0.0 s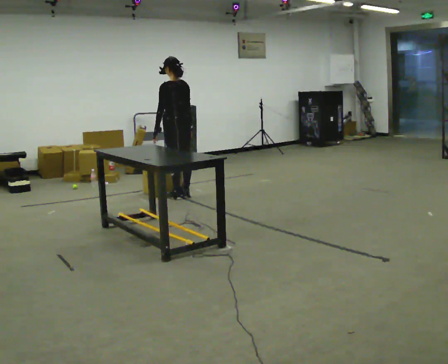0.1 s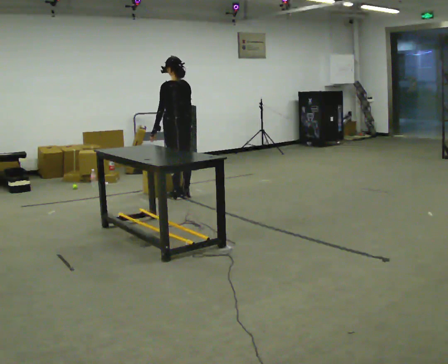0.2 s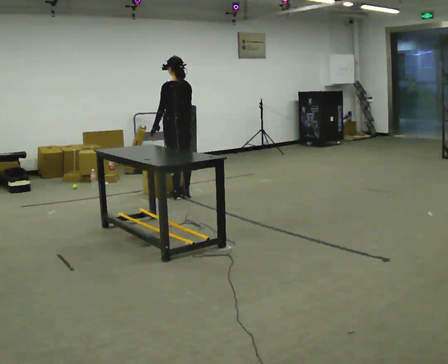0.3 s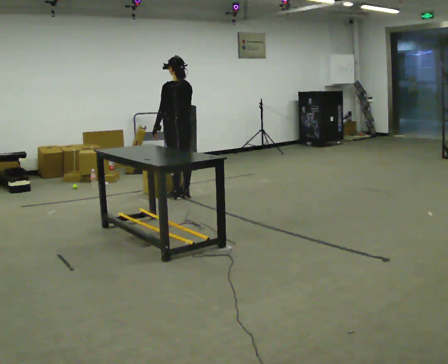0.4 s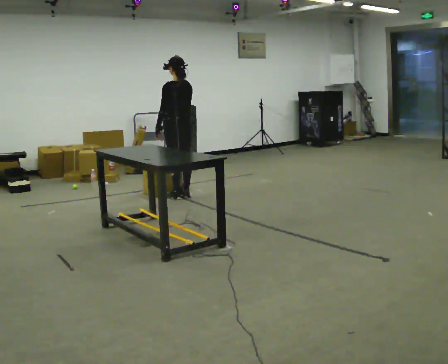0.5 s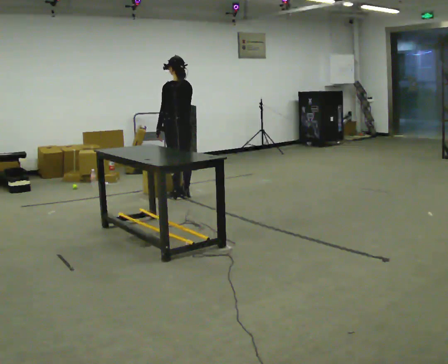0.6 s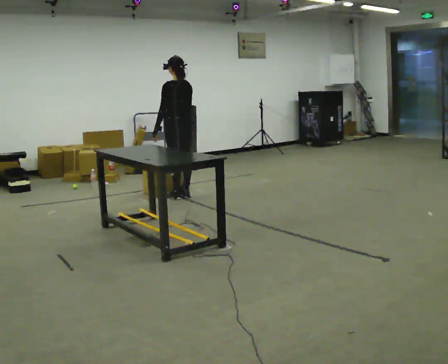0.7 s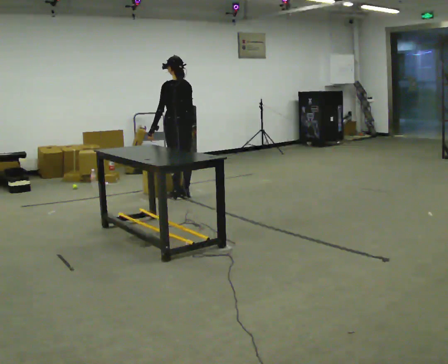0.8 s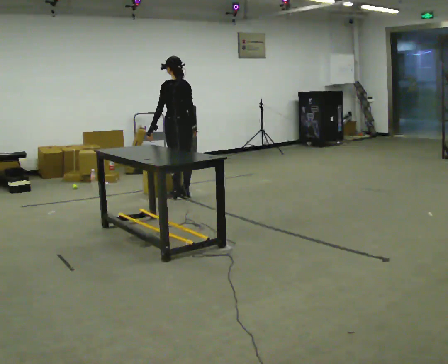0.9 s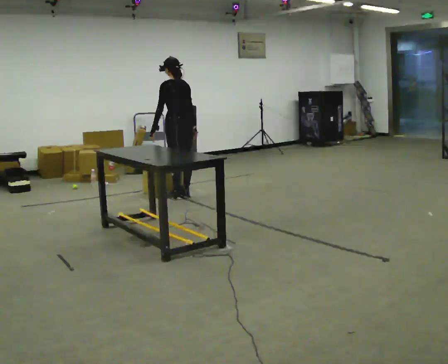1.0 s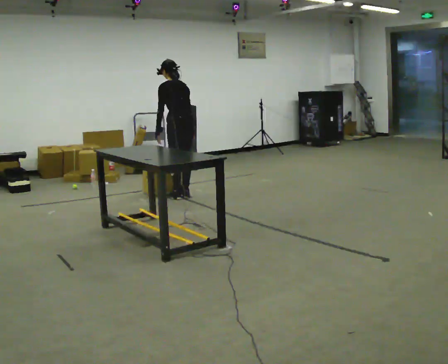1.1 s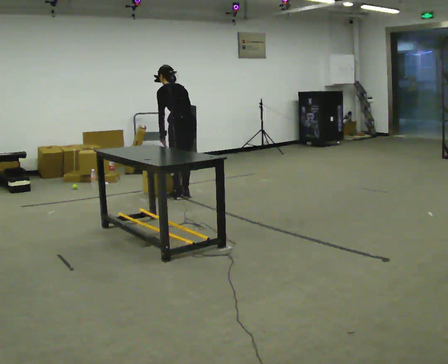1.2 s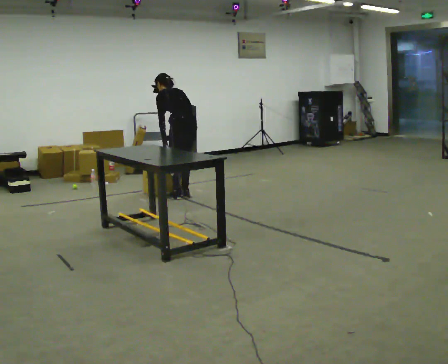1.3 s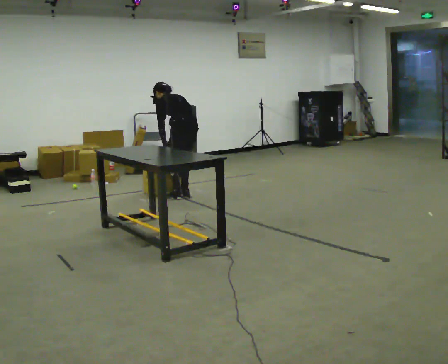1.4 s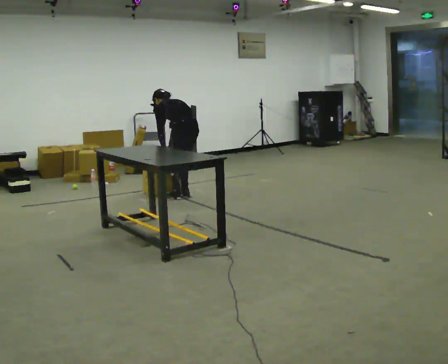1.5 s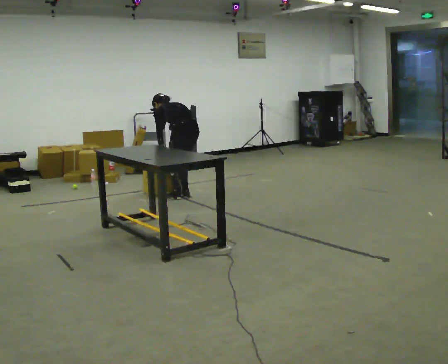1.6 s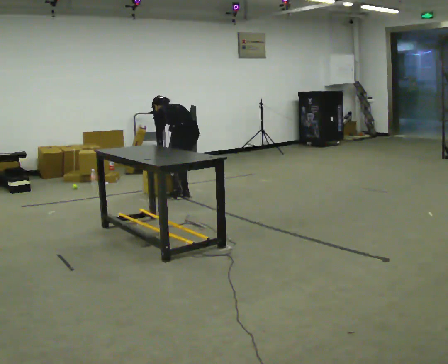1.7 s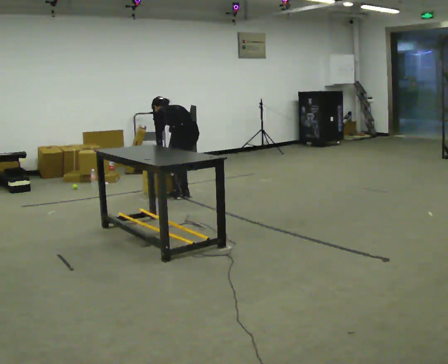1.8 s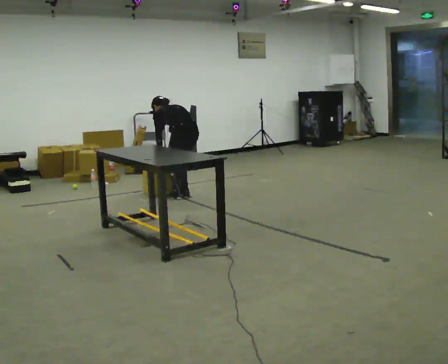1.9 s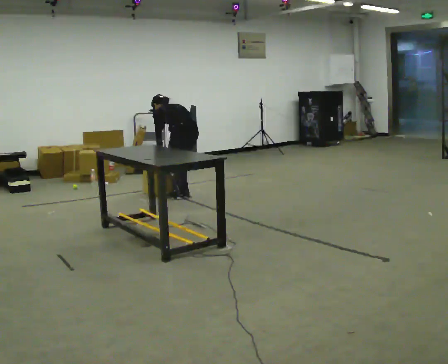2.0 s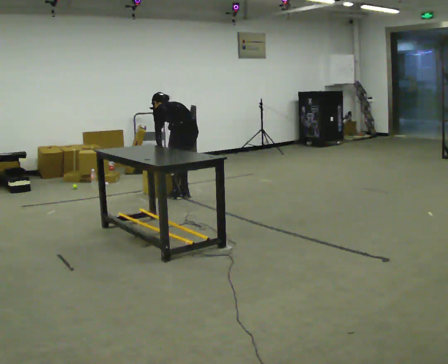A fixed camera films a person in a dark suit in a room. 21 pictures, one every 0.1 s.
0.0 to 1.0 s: The person moves a little, or ends about where they began.
1.0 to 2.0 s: The shoulders move downward. The upper body tips away from the camera, its near side rolling upward, as they bend forward.
The film runs backward here.
